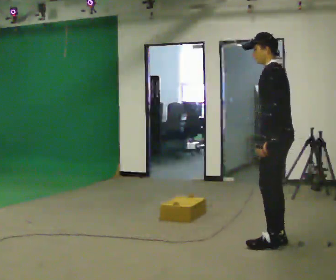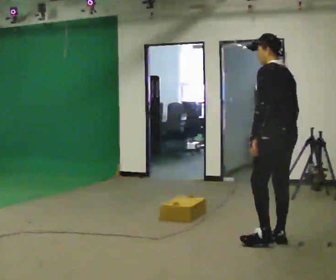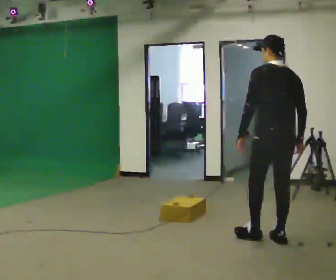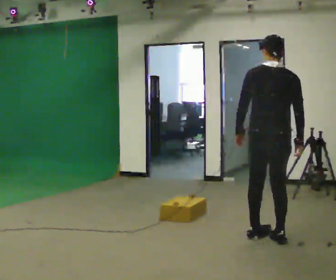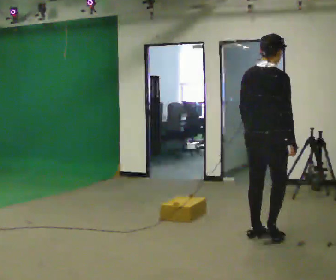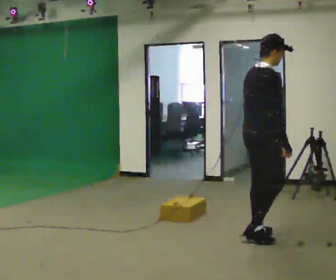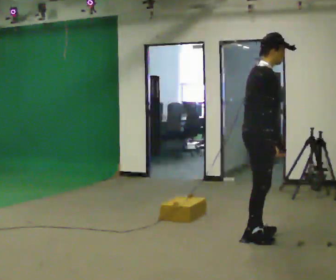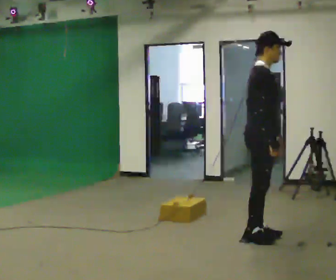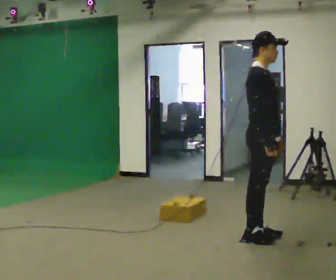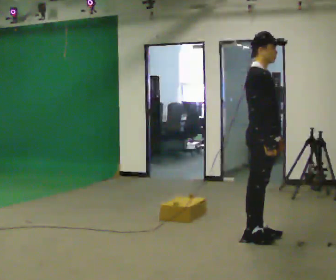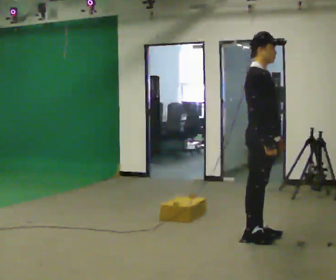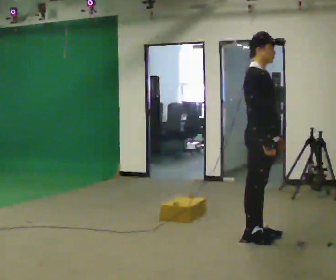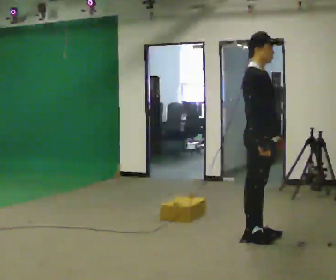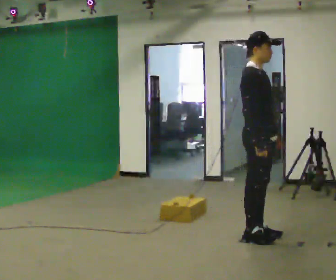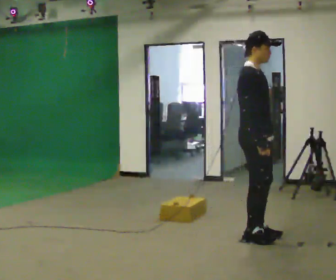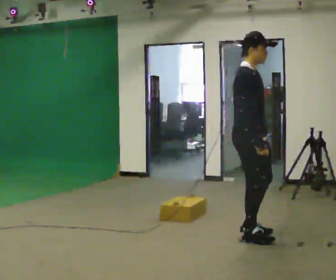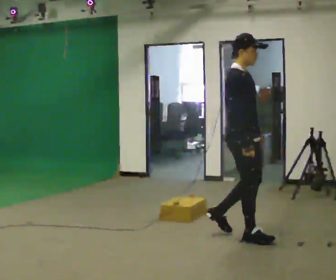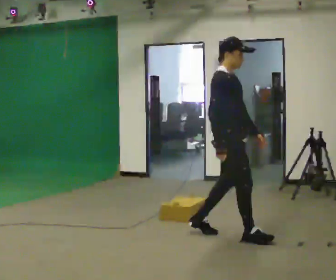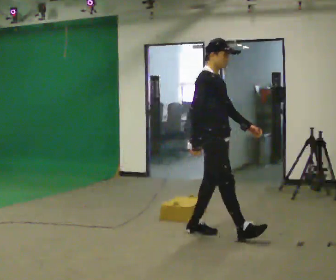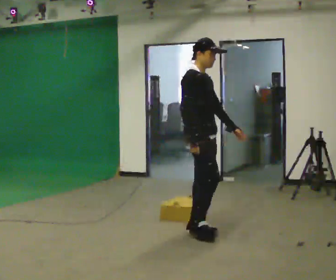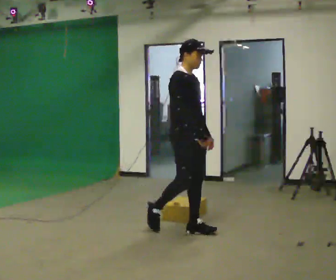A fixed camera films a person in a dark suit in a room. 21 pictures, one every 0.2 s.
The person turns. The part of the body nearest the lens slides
to the left.
The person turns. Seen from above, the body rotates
clockwise.
0.0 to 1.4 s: The part of the body nearest the lens slides to the left as the person turns to their right by about 165 degrees. In the picture they go to the left, about 0.25 m in 2 steps. In the picture the upper body tilts clockwise, shoulders to the right.
1.4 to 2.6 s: The person moves a little, or ends about where they began.
2.6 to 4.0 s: In the picture they go to the left, about 0.5 m in 2 steps, which for them is backward.
The film runs backward here.
